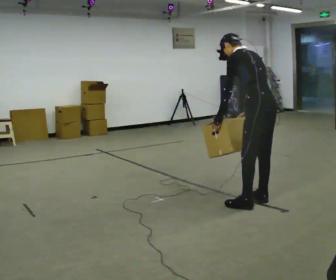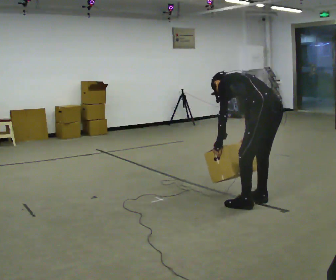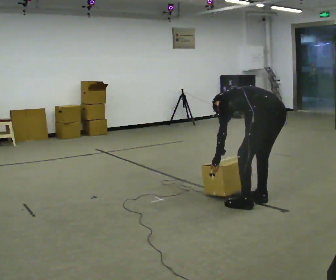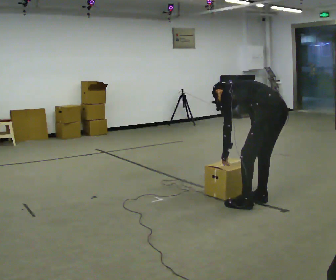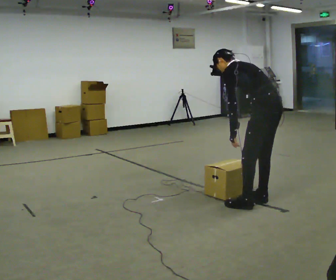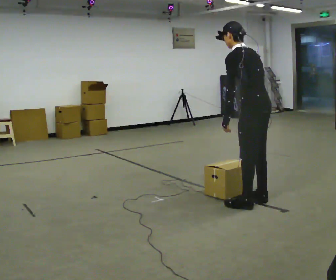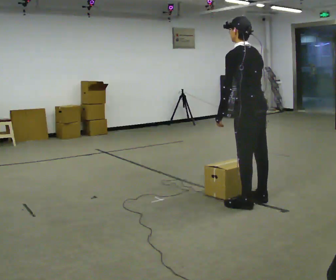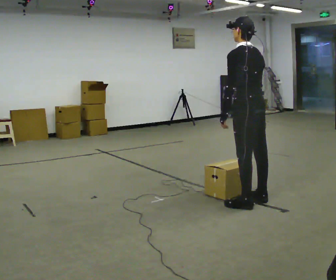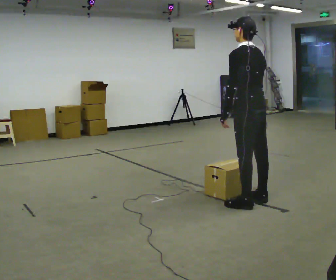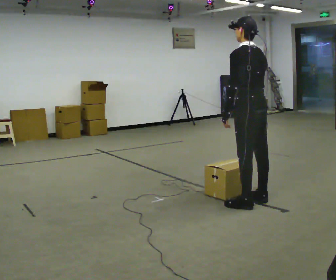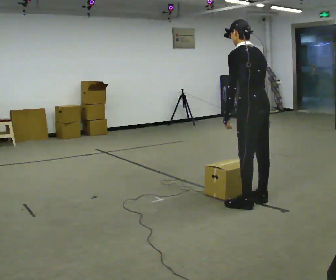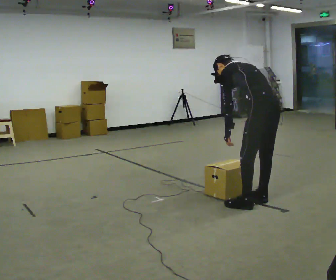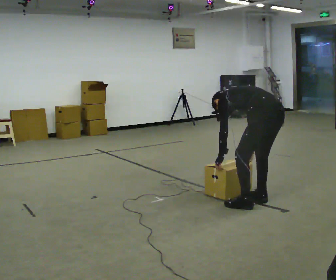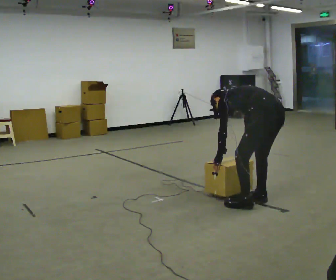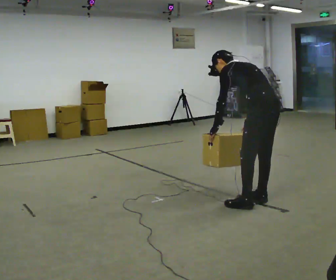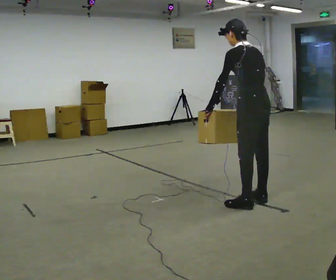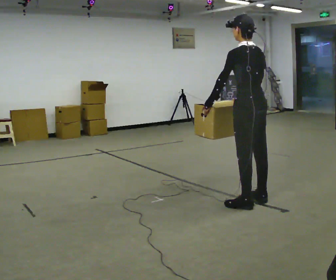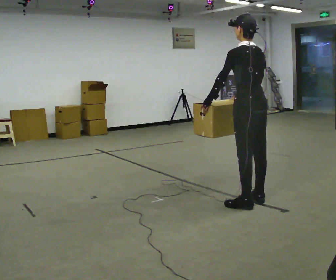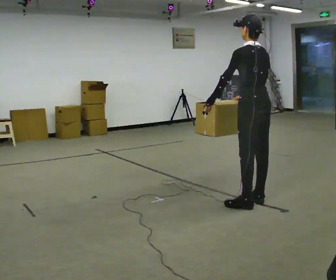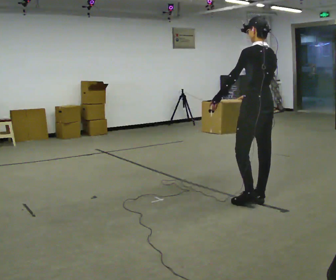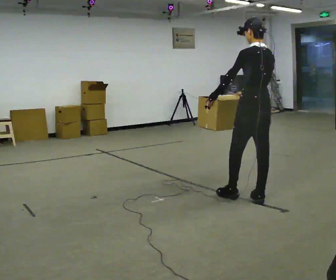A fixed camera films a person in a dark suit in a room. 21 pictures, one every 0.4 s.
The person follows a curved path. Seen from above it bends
clockwise.
0.0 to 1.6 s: The person moves a little, or ends about where they began.
1.6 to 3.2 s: In the picture the upper body tilts clockwise, shoulders to the right, as they lean back or straighten.
3.2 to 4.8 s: In the picture they go to the right, about 0.25 m, which for them is backward. The upper body goes downward. In the picture the upper body tilts counterclockwise, shoulders to the left, as they bend forward. In the picture their right hand goes downward.
4.8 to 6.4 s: In the picture they go to the left, about 0.25 m, which for them is forward. The upper body goes upward. The upper body tips toward the camera, its near side rolling downward, as they lean back or straighten. In the picture their left hand goes upward.
6.4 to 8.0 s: The person moves a little, or ends about where they began.
The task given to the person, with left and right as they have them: Carry the box straight from one end of the room to the other, set it down, then bring it back. Keep going until the operator says stop; one object at a time, and do not rush between trips.
The film runs forward here.
